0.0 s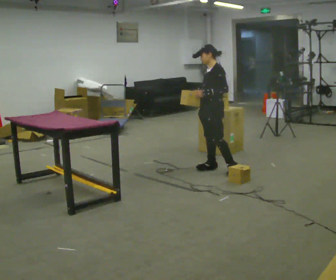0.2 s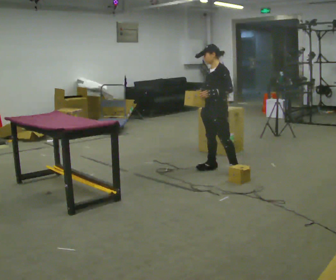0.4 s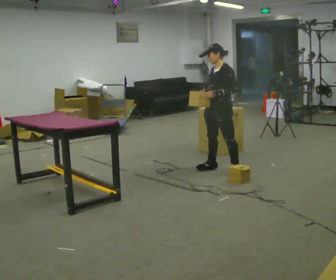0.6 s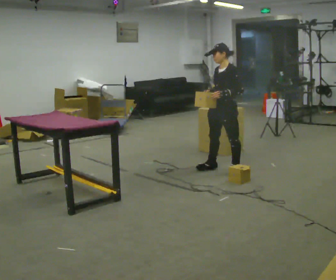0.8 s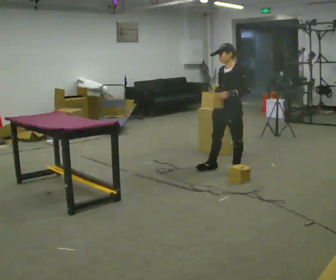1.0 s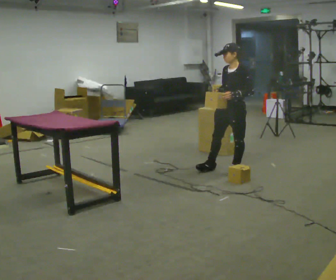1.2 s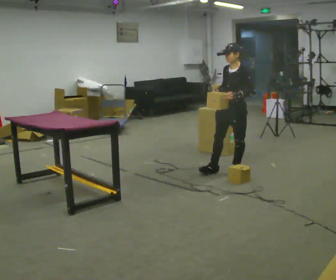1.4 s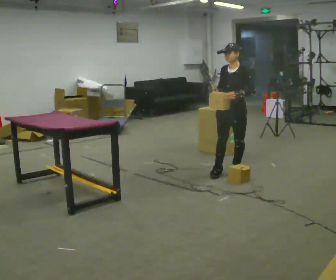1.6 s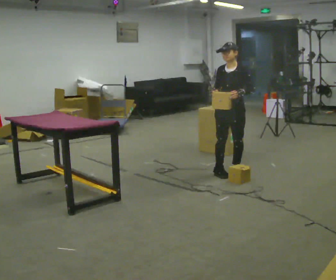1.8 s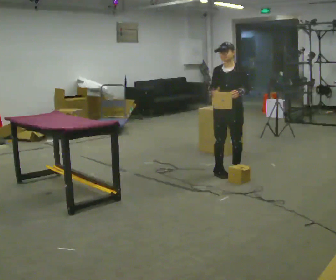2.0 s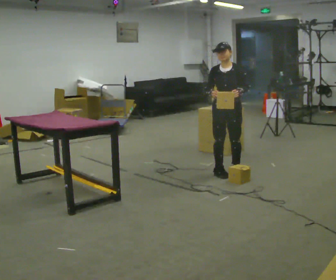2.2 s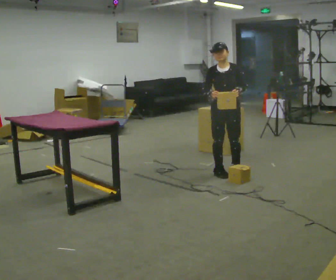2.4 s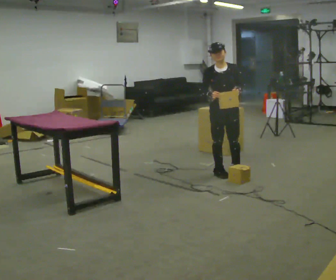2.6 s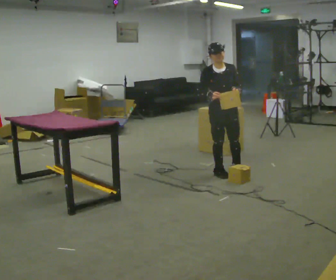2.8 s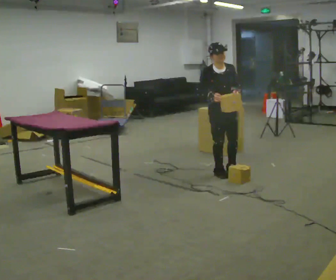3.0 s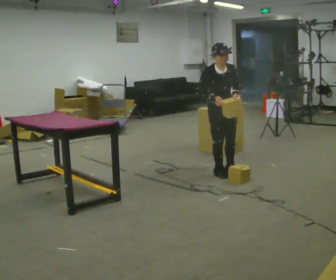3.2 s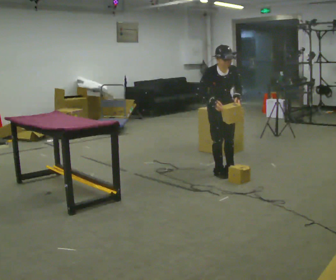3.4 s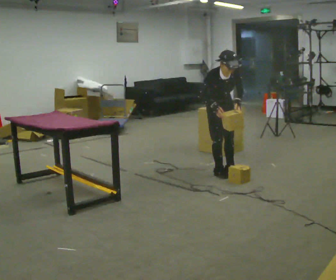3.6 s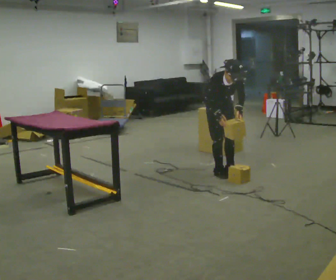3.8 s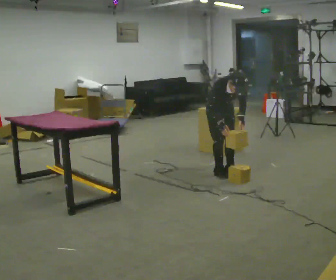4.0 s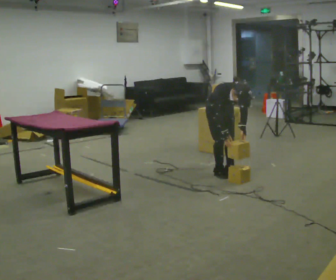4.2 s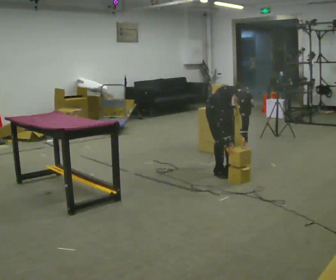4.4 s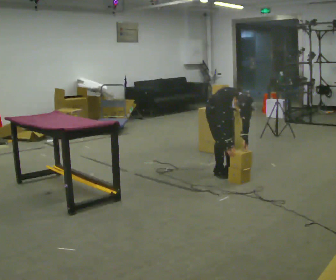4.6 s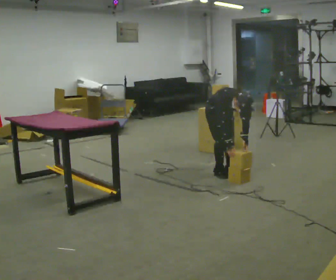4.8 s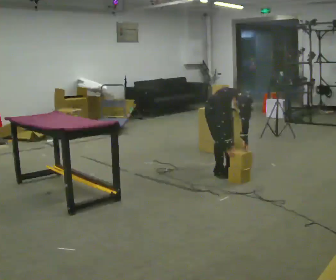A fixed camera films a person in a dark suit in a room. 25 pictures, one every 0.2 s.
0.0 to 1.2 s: In the picture they go to the right, about 0.25 m in 1 step, which for them is to their left.
1.2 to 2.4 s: The part of the body nearest the lens slides to the right as the person turns to their left by about 45 degrees.
2.4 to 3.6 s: The upper body tips toward the camera, its near side rolling downward, as they bend forward.
3.6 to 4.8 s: The shoulders move downward. The upper body tips toward the camera, its near side rolling downward, as they bend forward.
The film runs backward here.
